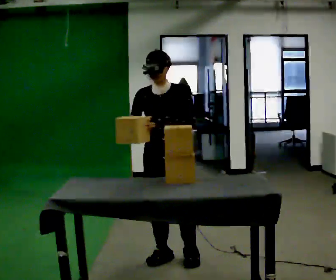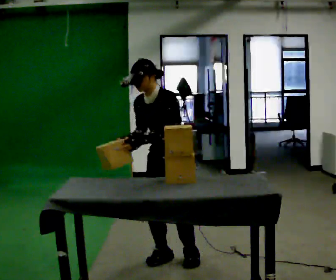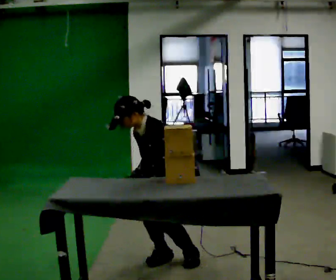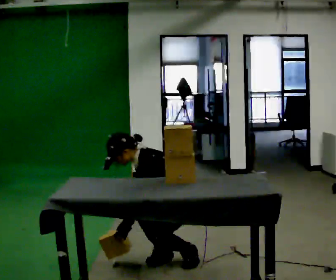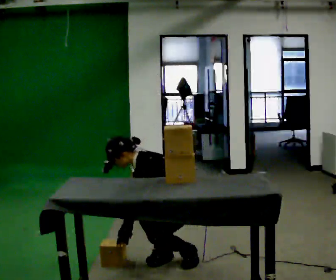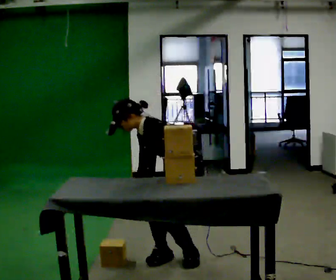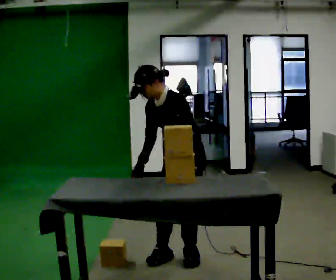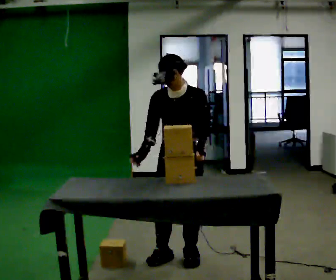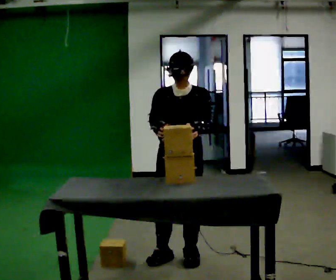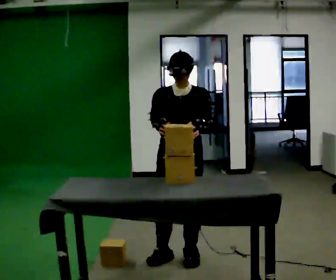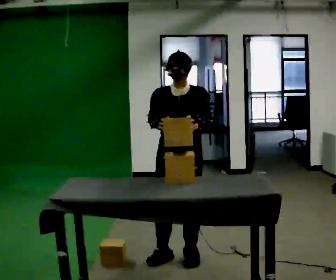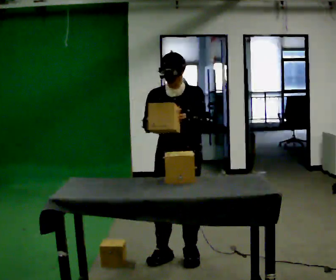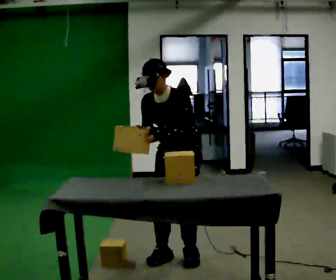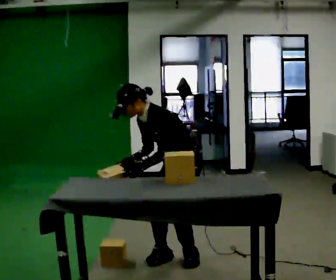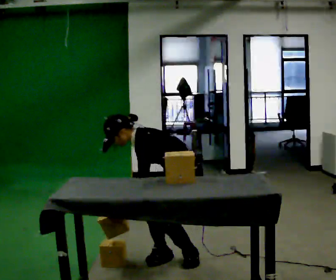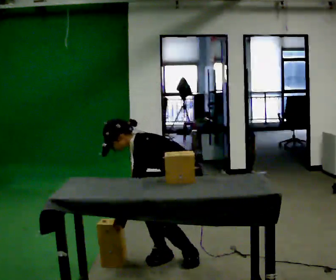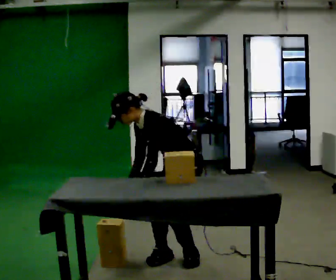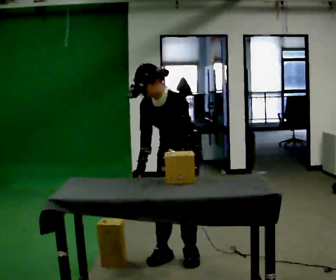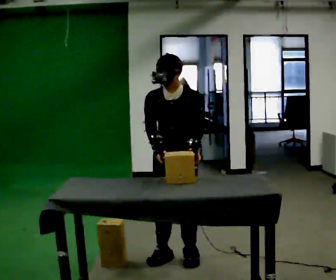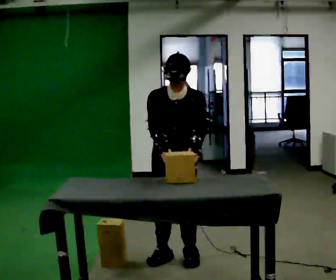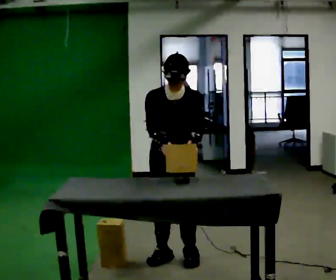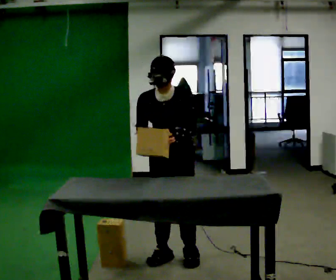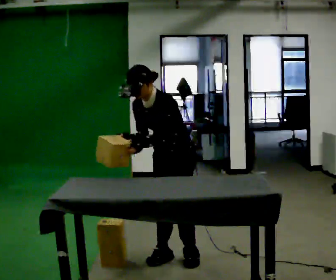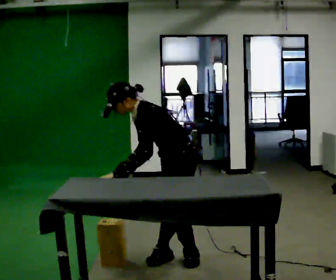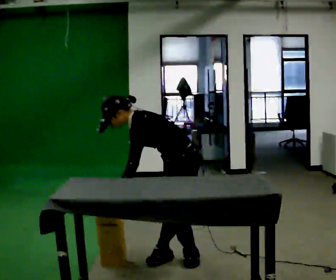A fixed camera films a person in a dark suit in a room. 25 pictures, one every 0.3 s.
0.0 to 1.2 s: The person turns about 60 degrees to their right, clockwise seen from above, so the part of the body nearest the lens slides to the left. In the picture they go to the right, about 0.25 m. The shoulders move downward. In the picture the upper body tilts counterclockwise, shoulders to the left, as they bend forward. In the picture their right hand goes downward.
1.2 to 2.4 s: Seen from above the body turns counterclockwise, about 75 degrees: to their left, with its near side sliding to the right. The shoulders move upward. In the picture the upper body tilts clockwise, shoulders to the right, as they lean back or straighten. In the picture their right hand goes upward.
2.4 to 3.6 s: In the picture the upper body tilts counterclockwise, shoulders to the left.
3.6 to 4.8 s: The person turns about 30 degrees to their right, clockwise seen from above, so the part of the body nearest the lens slides to the left. In the picture their right hand goes downward.
4.8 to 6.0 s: The person turns about 60 degrees to their left, counterclockwise seen from above, so the part of the body nearest the lens slides to the right. The shoulders move upward. In the picture the upper body tilts clockwise, shoulders to the right, as they lean back or straighten. In the picture their right hand goes upward.
6.0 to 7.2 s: The person turns about 75 degrees to their right, clockwise seen from above, so the part of the body nearest the lens slides to the left. The shoulders move downward. In the picture the upper body tilts counterclockwise, shoulders to the left, as they bend forward. In the picture their right hand goes downward.
The film runs backward here.
